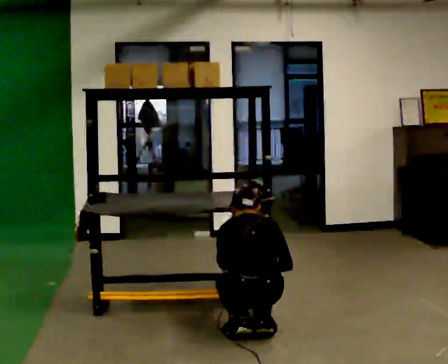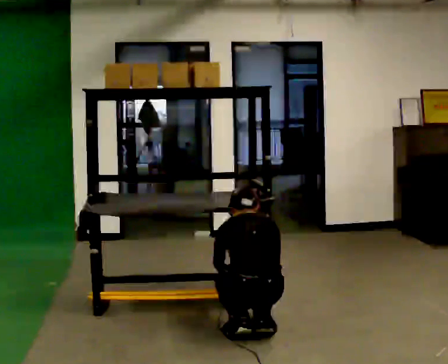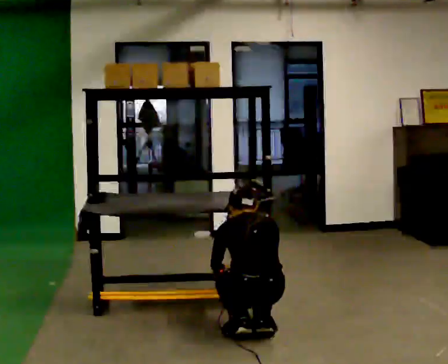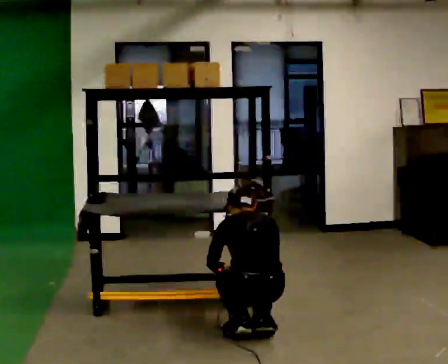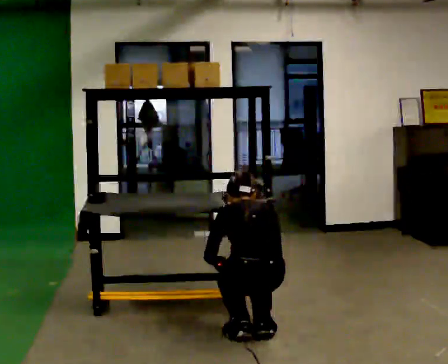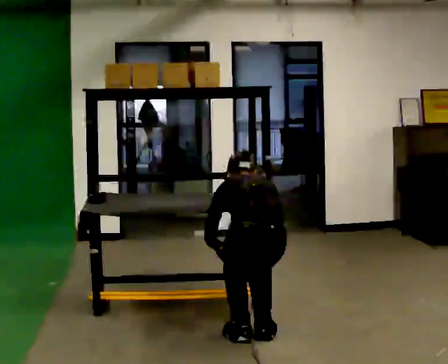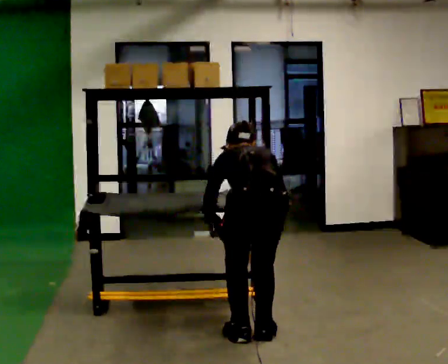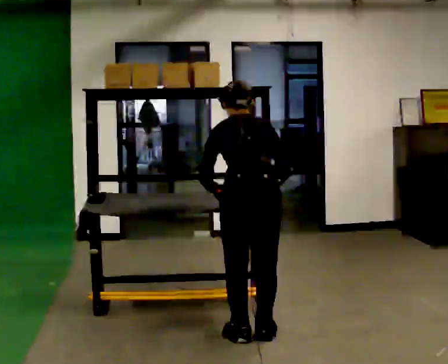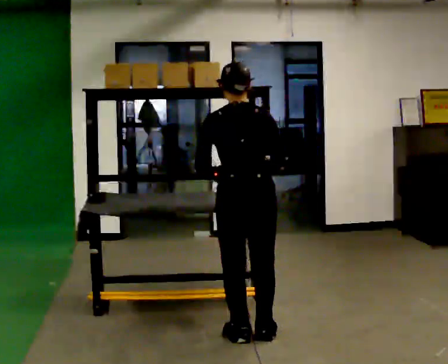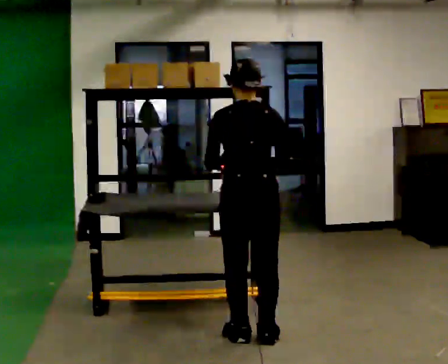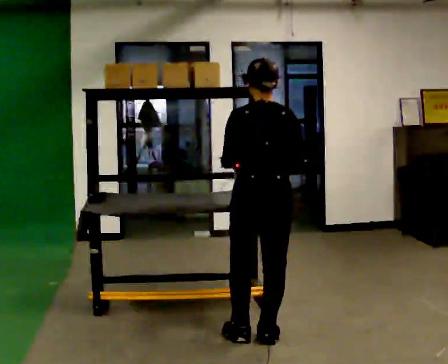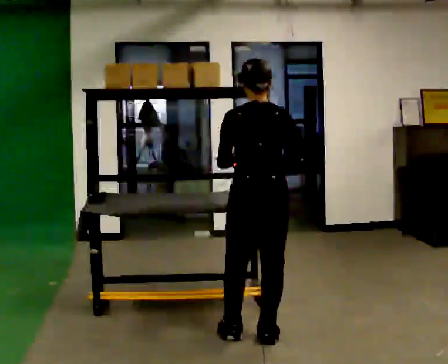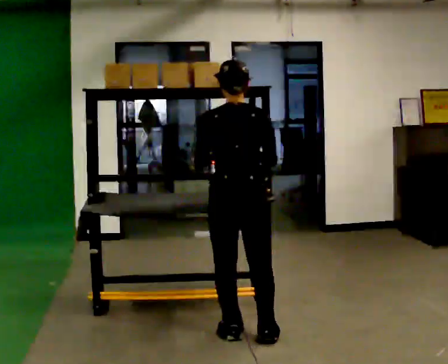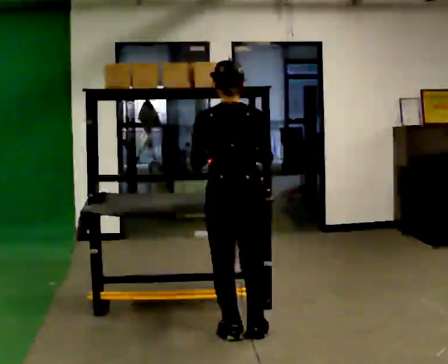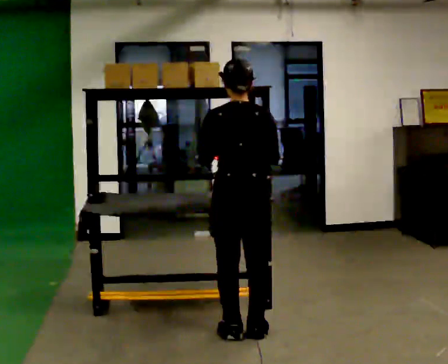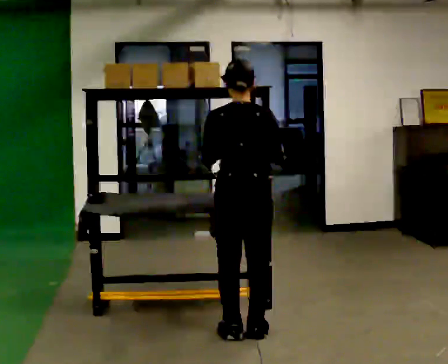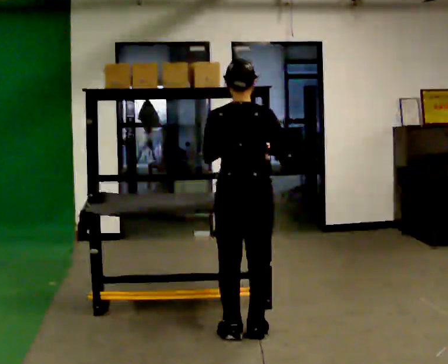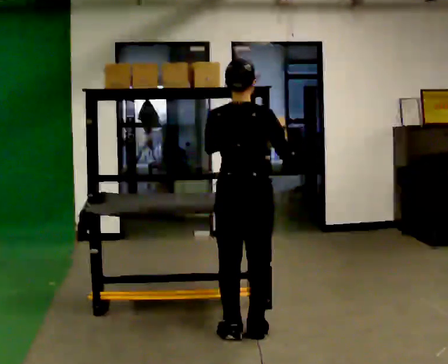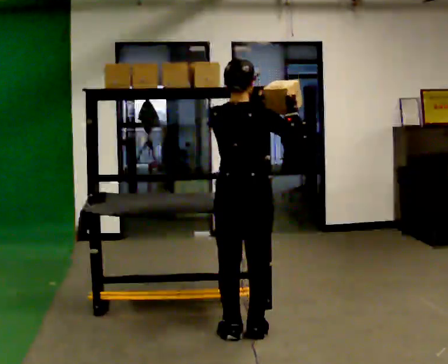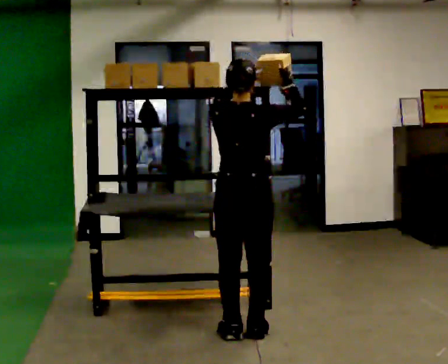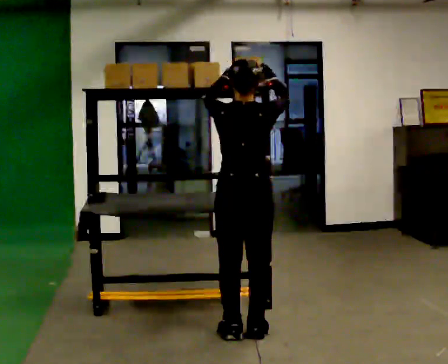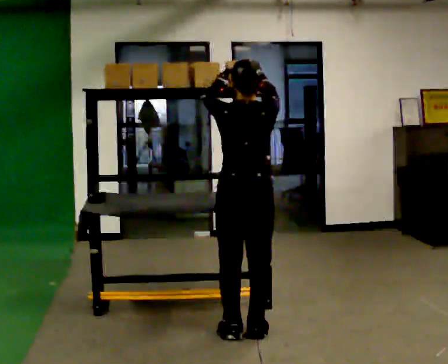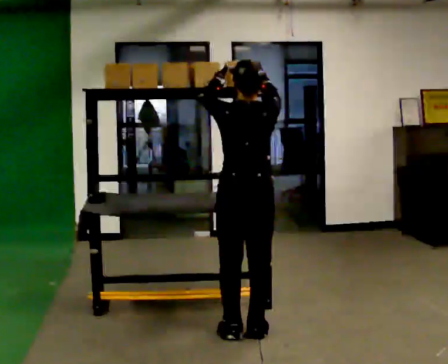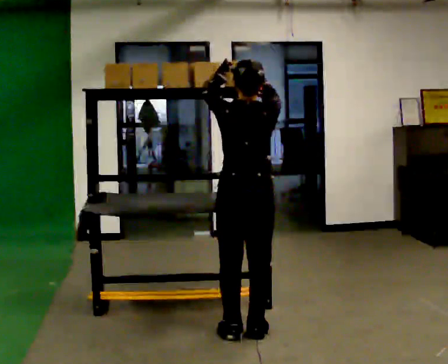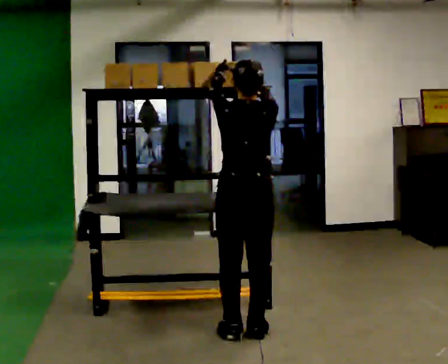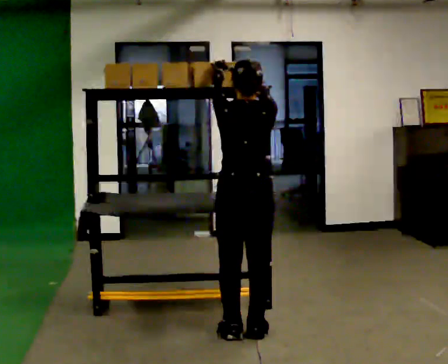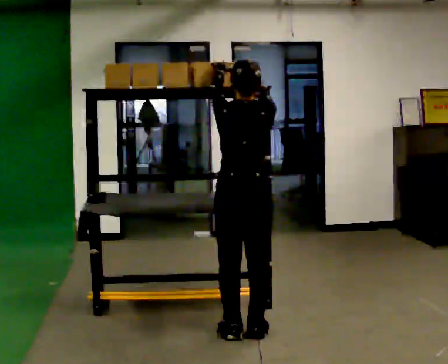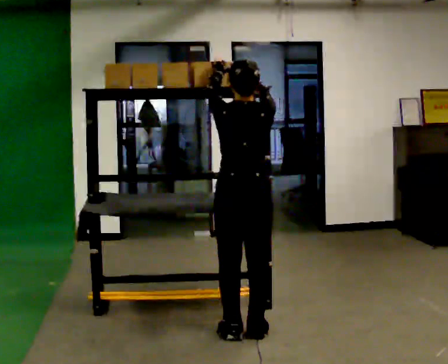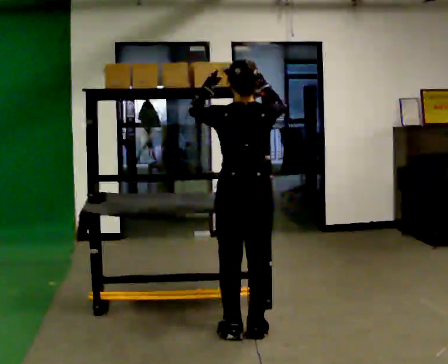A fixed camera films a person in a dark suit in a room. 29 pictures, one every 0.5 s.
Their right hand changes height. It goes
upward.
Their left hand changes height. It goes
upward.
0.0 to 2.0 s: The person moves a little, or ends about where they began.
2.0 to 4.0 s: The shoulders move upward. In the picture their right hand goes upward.
4.0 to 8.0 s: The person moves a little, or ends about where they began.
8.0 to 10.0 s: In the picture their right hand goes upward.
10.0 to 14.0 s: The person moves a little, or ends about where they began.
The film runs backward here.
